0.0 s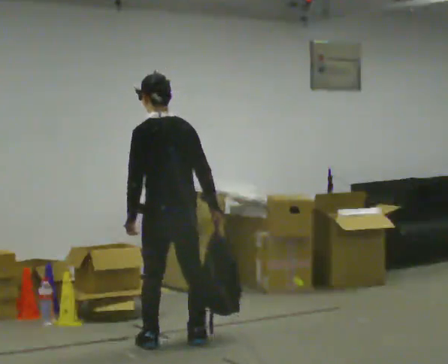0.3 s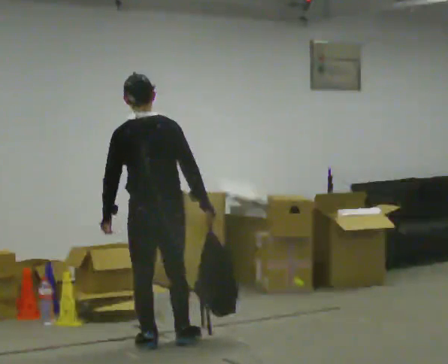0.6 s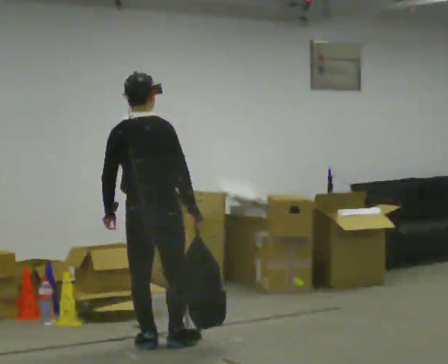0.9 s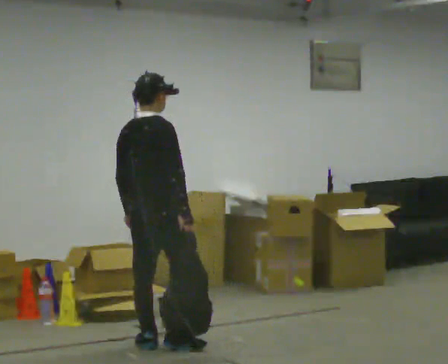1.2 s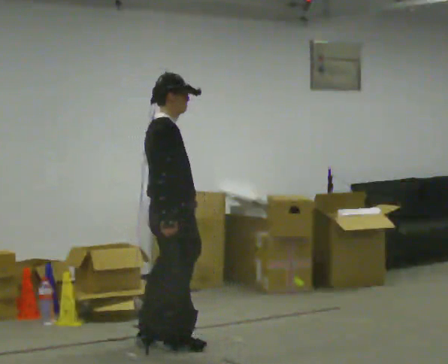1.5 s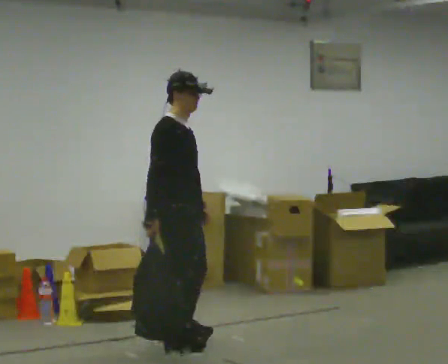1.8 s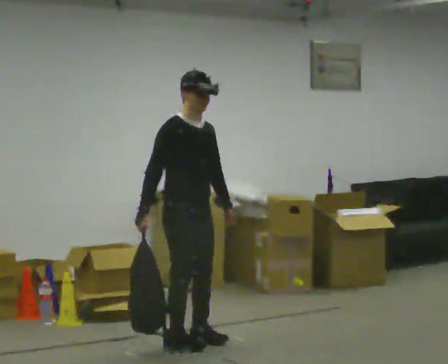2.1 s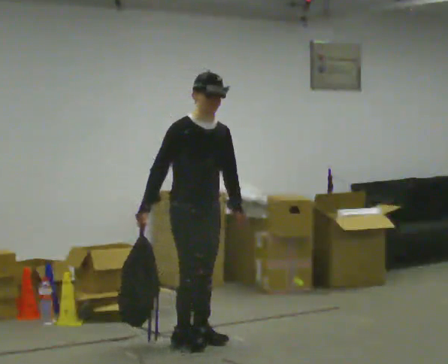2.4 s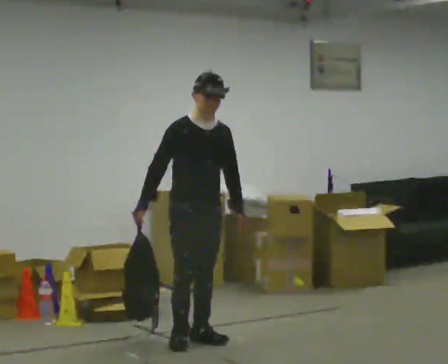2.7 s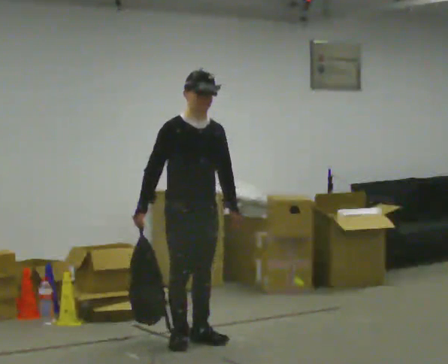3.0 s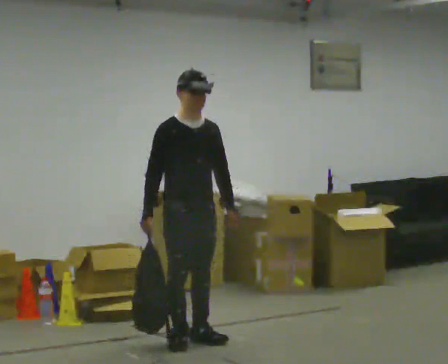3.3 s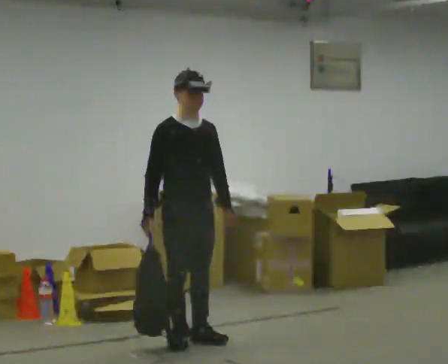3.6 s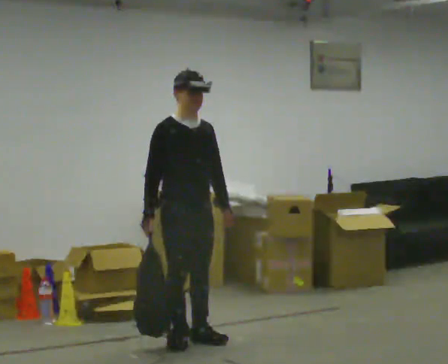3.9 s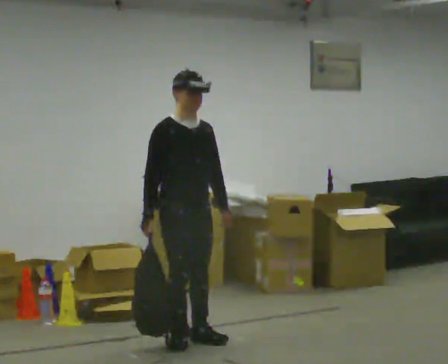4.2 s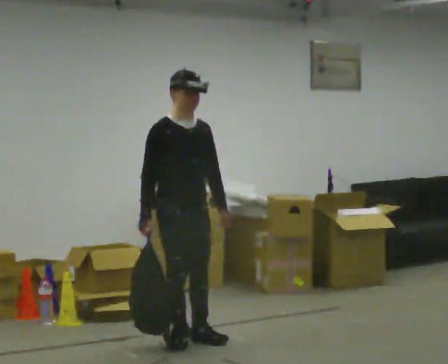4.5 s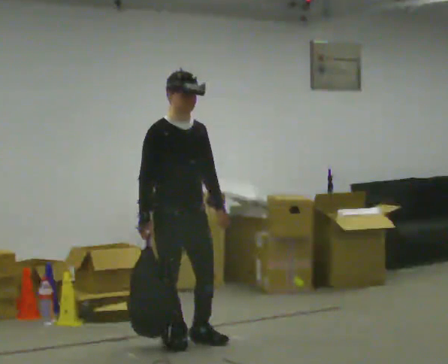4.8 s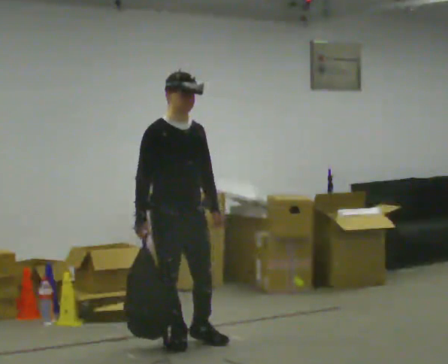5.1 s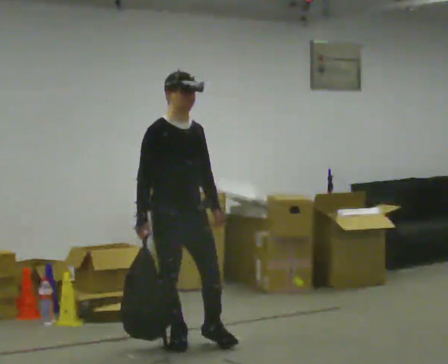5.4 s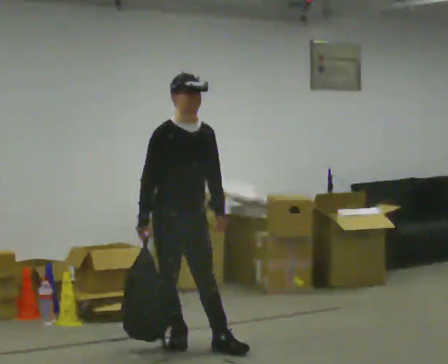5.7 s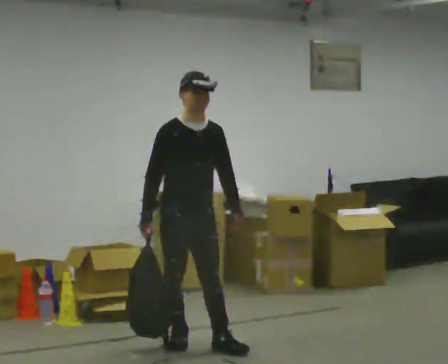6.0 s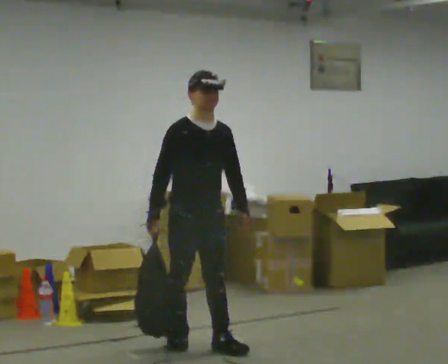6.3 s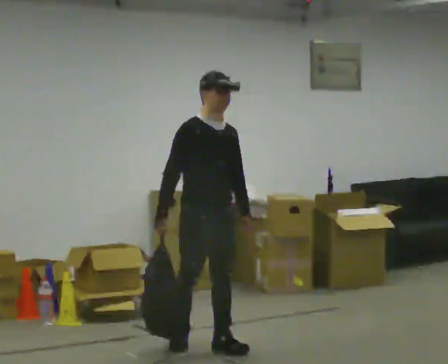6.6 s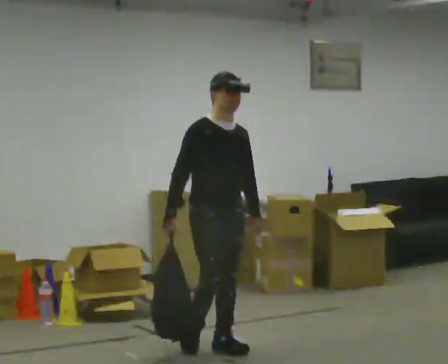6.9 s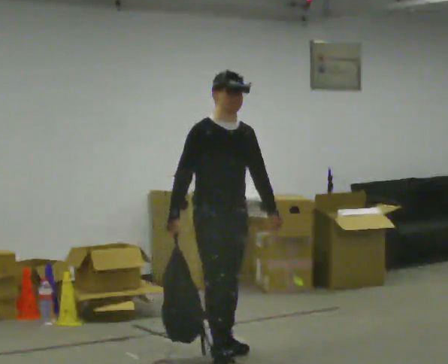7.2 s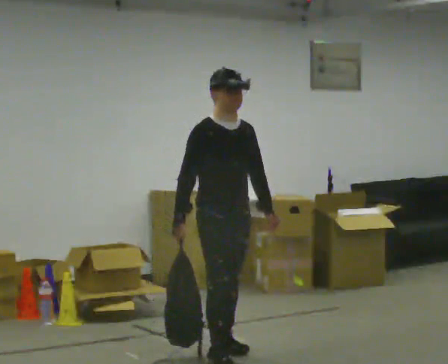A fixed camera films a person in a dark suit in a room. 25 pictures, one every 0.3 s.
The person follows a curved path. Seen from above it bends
clockwise.
0.0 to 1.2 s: The part of the body nearest the lens slides to the left as the person turns to their right by about 90 degrees.
1.2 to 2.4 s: The person turns about 90 degrees to their right, clockwise seen from above, so the part of the body nearest the lens slides to the left. In the picture they go away from the camera, about 0.25 m in 1 step.
2.4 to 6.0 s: In the picture they go toward the camera, about 0.25 m in 1 step, which for them is forward.
6.0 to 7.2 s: In the picture they go toward the camera, about 0.25 m in 1 step, which for them is forward.
The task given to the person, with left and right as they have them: Carry the soft bag across the room, back and forth. It will change shape as you move, so hold it however works.
The film runs forward here.
